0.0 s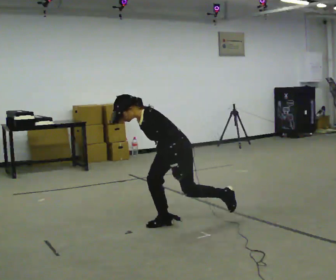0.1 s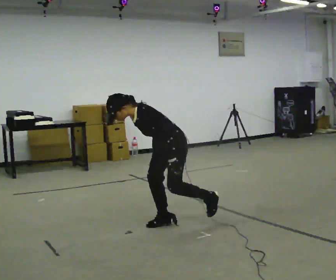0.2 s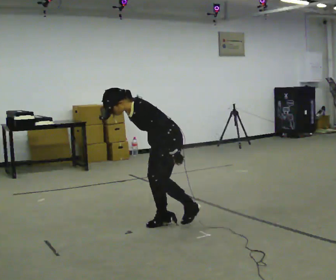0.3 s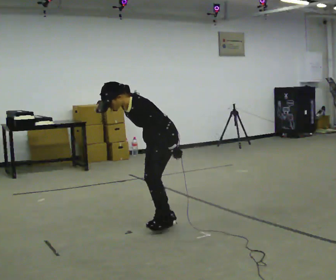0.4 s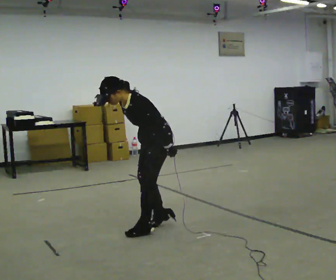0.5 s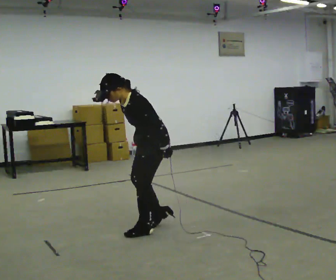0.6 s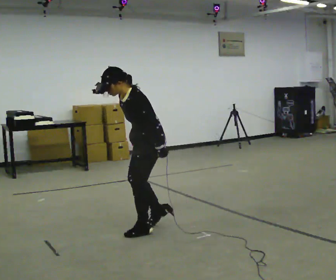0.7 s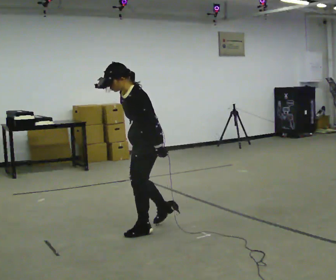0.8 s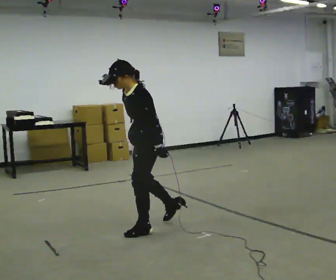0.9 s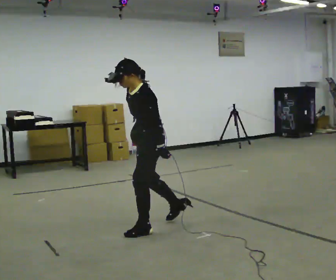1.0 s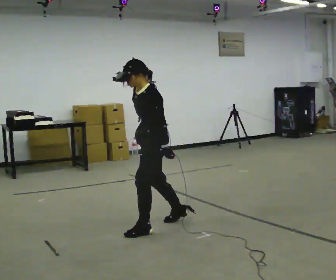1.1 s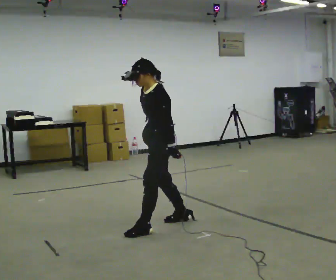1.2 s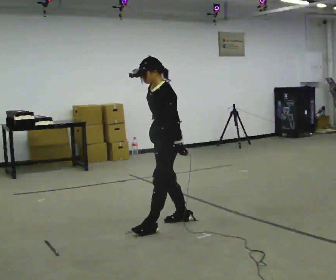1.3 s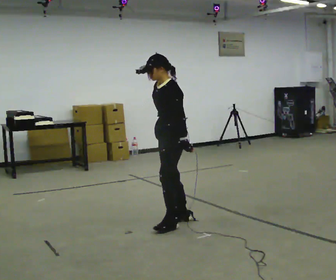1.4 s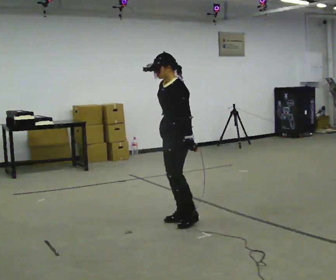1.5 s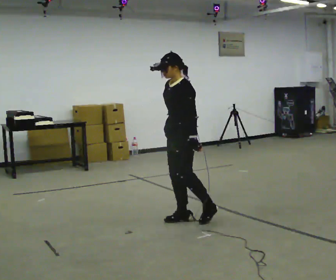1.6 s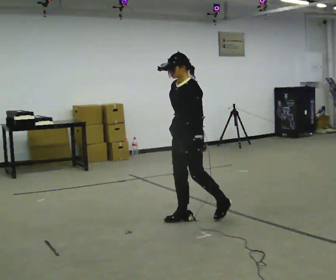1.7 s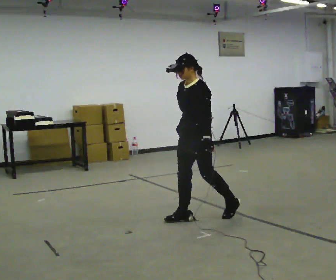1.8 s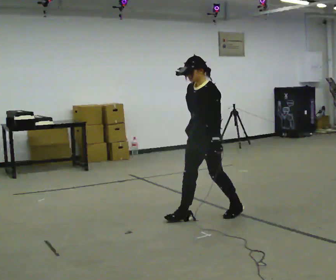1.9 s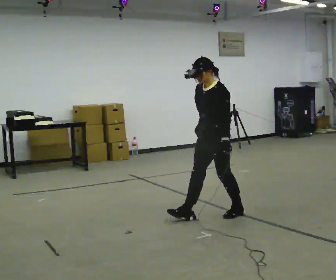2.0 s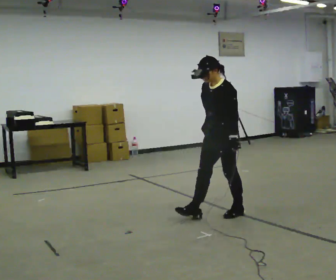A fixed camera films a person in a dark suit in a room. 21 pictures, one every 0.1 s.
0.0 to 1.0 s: The upper body goes upward. In the picture the upper body tilts clockwise, shoulders to the right, as they lean back or straighten.
1.0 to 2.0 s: In the picture they go to the right and away from the camera, about 0.75 m in 1 step, which for them is backward.
The film runs forward here.
